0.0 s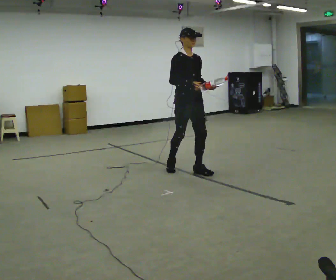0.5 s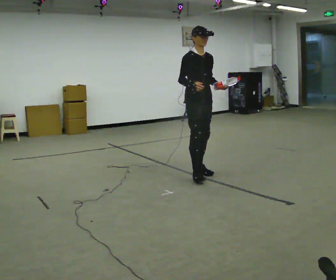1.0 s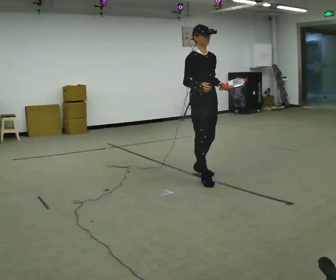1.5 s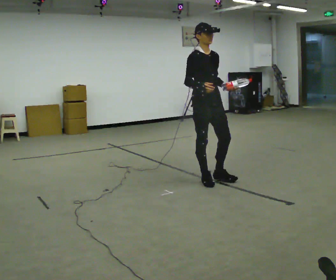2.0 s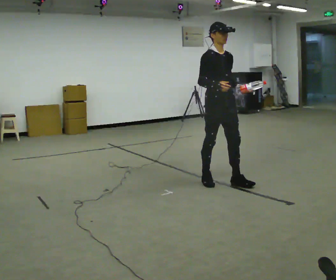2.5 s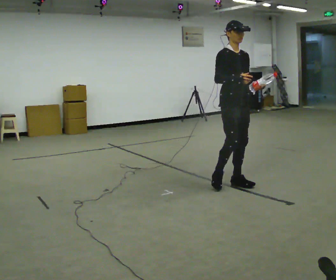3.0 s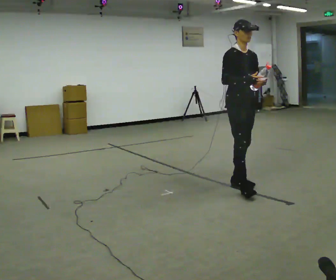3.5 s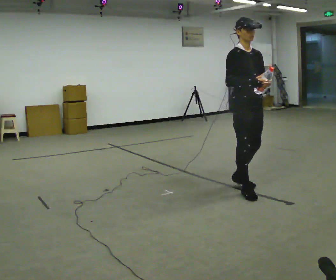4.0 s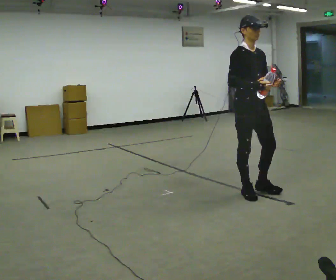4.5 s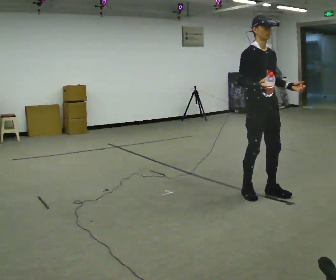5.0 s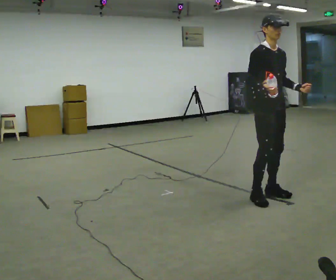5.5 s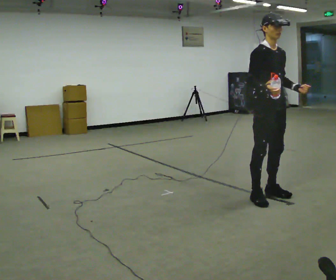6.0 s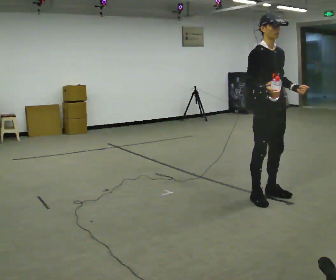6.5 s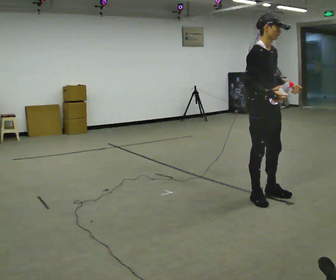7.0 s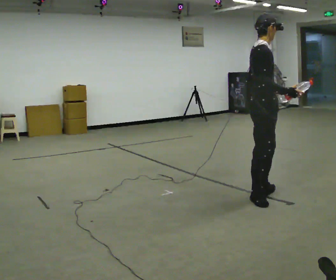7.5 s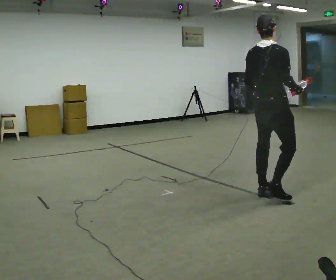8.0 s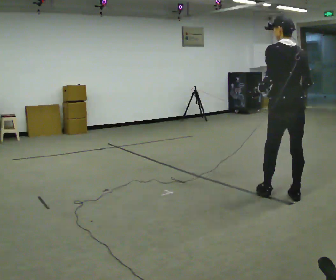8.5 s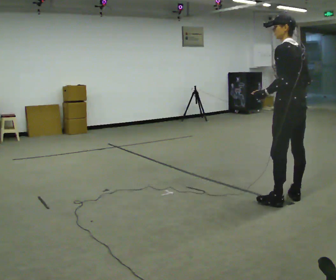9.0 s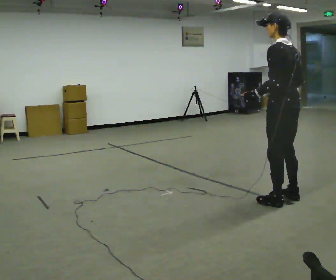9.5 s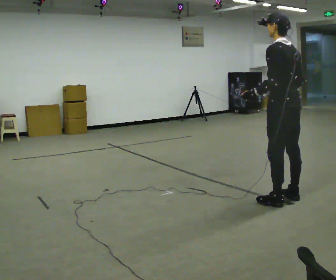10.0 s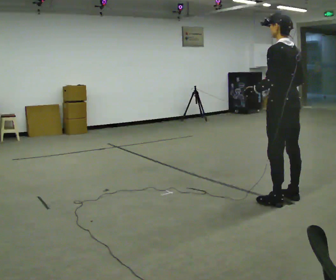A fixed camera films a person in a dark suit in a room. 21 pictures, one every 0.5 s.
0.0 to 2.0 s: In the picture they go to the right and toward the camera, about 0.5 m in 2 steps, which for them is forward.
2.0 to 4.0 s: In the picture they go toward the camera and to the right, about 0.5 m in 1 step, which for them is forward.
4.0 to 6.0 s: In the picture they go to the right, about 0.25 m in 2 steps, which for them is forward.
6.0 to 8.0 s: The part of the body nearest the lens slides to the right as the person turns to their left by about 150 degrees. In the picture they go to the right, about 0.25 m in 1 step. In the picture their right hand goes to the right.
8.0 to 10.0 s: The part of the body nearest the lens slides to the right as the person turns to their left by about 30 degrees.
The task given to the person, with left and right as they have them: Carry the object in one hand and, while walking, pass it to your other hand. Keep passing it back and forth as you walk.
The film runs forward here.
